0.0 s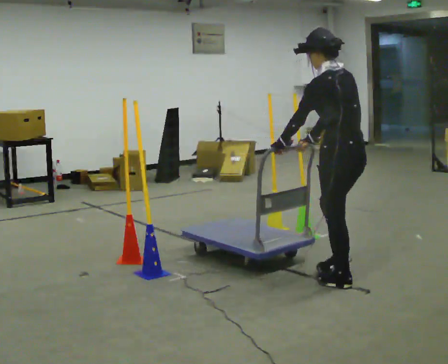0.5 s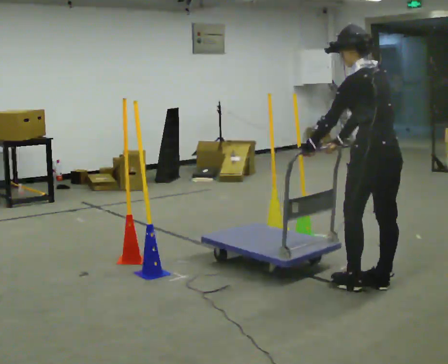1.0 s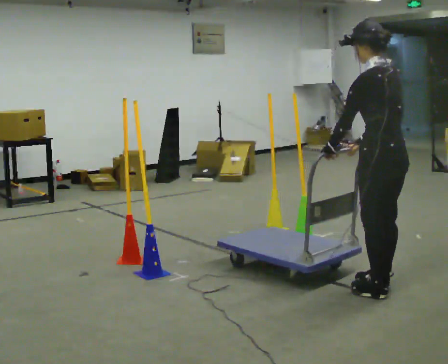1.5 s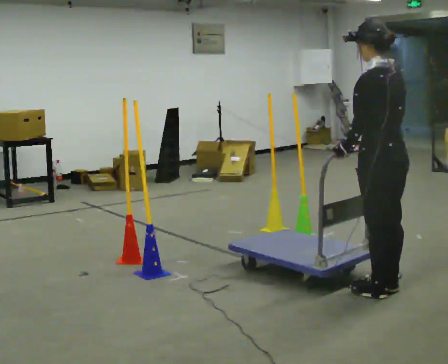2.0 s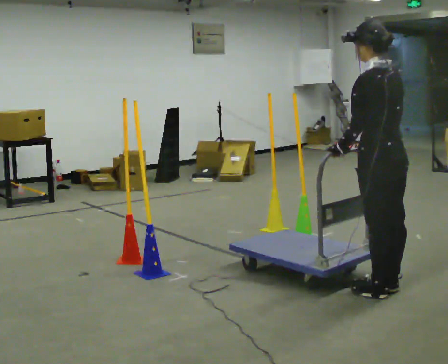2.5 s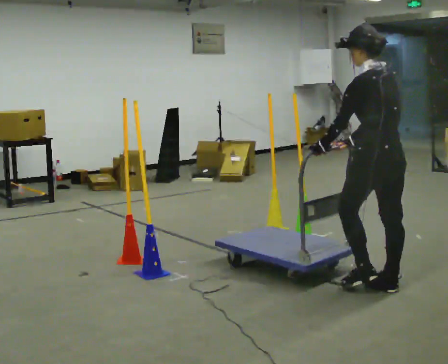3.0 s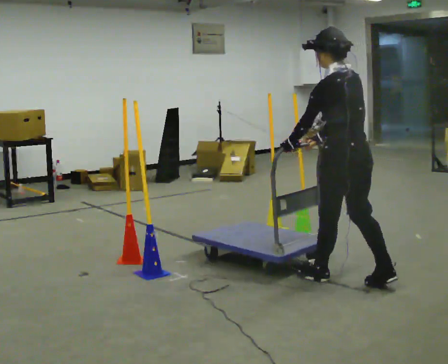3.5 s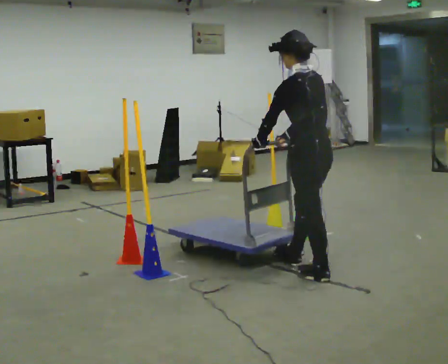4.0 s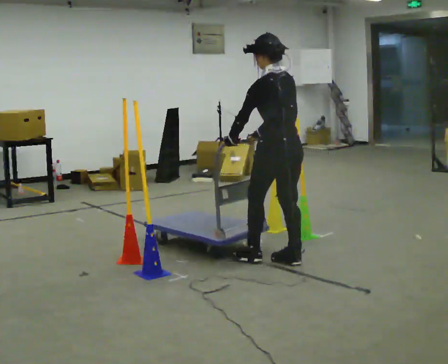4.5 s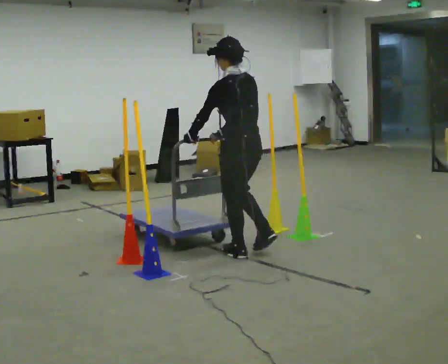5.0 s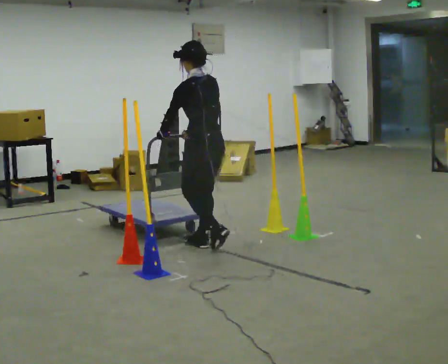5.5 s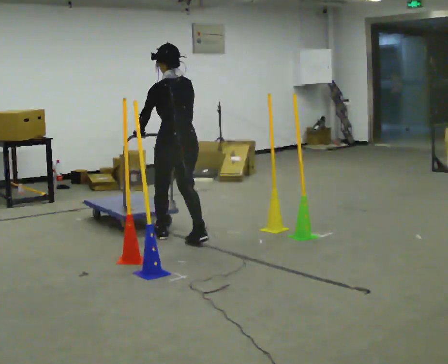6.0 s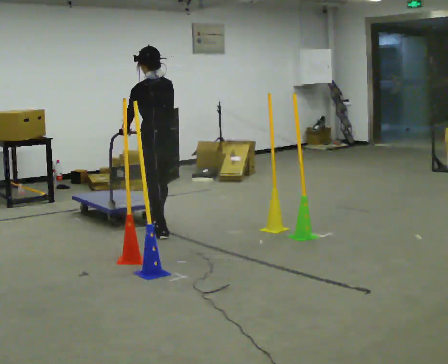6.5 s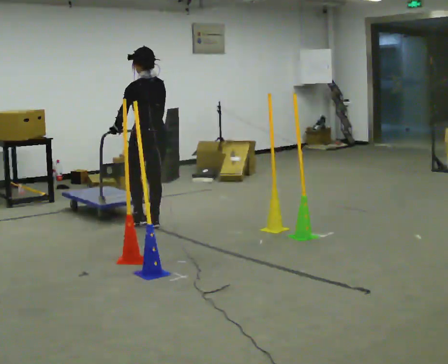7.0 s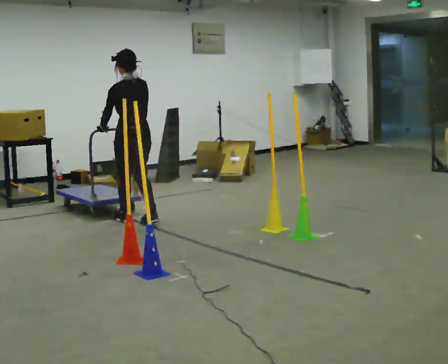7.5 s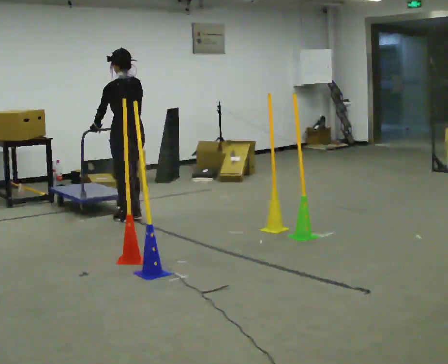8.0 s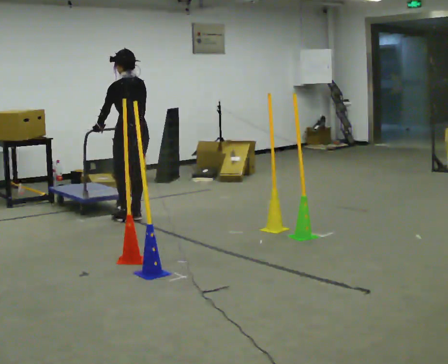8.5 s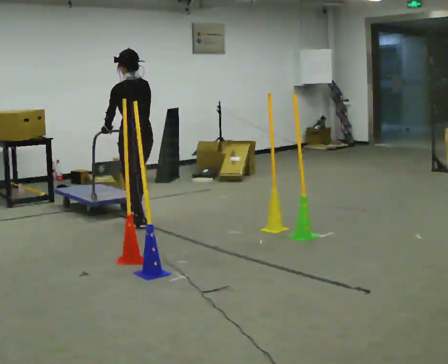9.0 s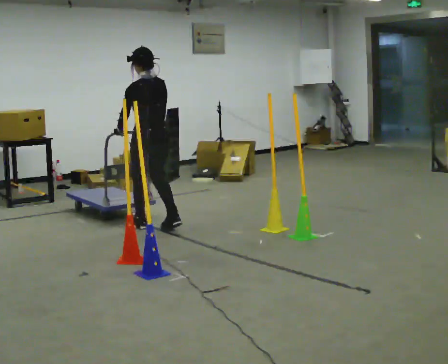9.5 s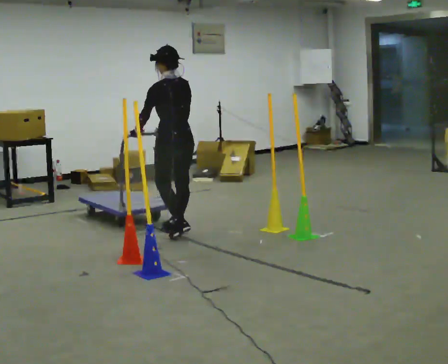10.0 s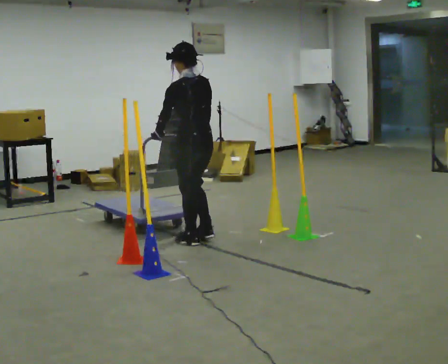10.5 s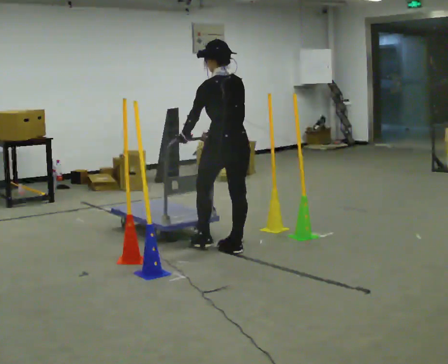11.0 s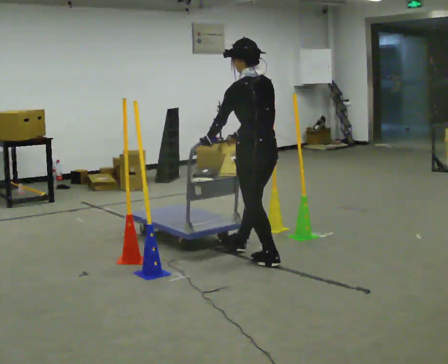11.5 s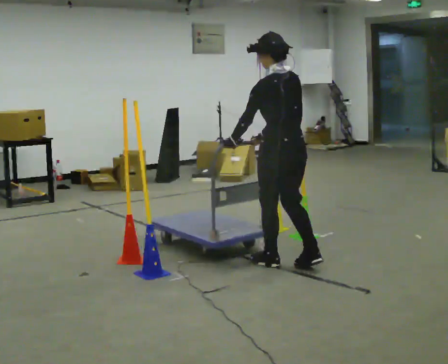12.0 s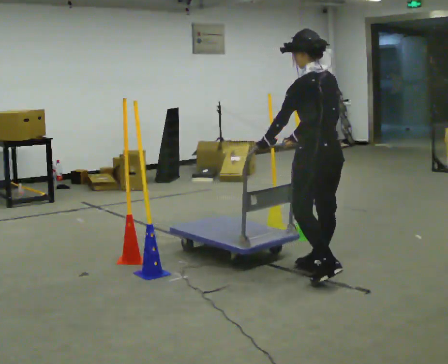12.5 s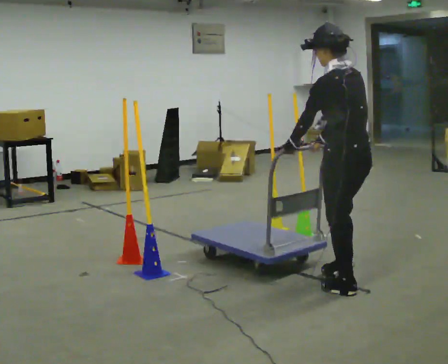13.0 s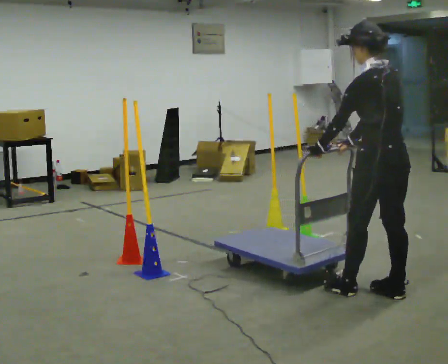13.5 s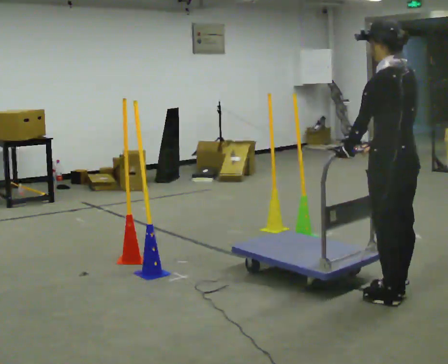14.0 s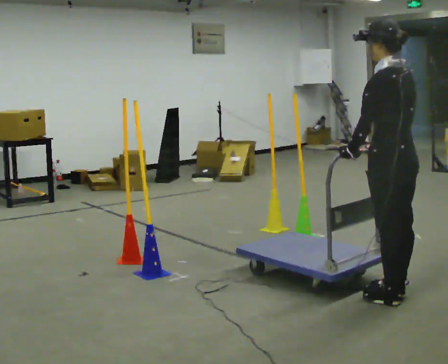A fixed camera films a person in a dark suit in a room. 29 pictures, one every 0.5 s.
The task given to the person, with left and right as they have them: Push the cart in and out of the line of poles without touching any of them. Keep going until the operator says stop.
0.0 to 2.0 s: In the picture they go toward the camera and to the right, about 0.25 m in 2 steps, which for them is backward.
2.0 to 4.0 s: In the picture they go away from the camera and to the left, about 1 m in 2 steps, which for them is forward.
4.0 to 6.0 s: In the picture they go away from the camera and to the left, about 1.5 m in 3 steps, which for them is forward.
6.0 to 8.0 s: In the picture they go away from the camera and to the left, about 0.5 m in 3 steps, which for them is forward.
8.0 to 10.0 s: In the picture they go toward the camera and to the right, about 1 m in 3 steps, which for them is backward.
10.0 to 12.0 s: In the picture they go toward the camera and to the right, about 1.5 m in 3 steps, which for them is backward.
12.0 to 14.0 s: In the picture they go toward the camera and to the right, about 0.5 m in 3 steps, which for them is backward.
The film runs forward here.
